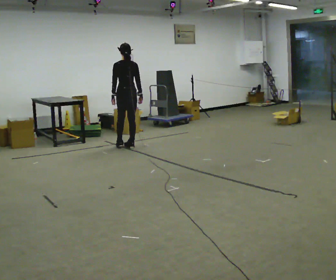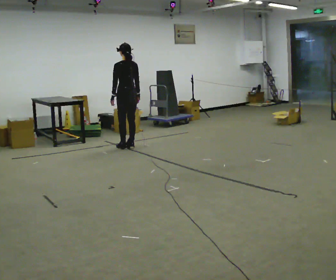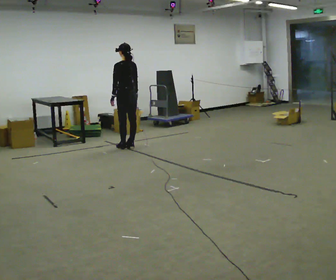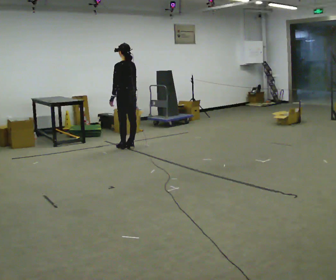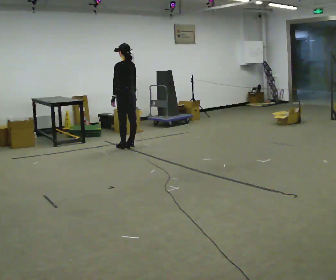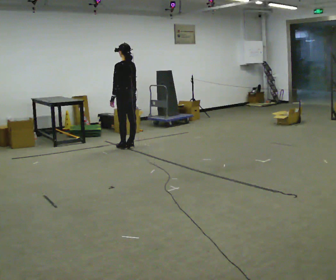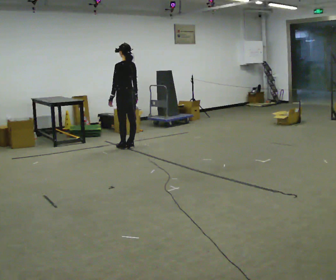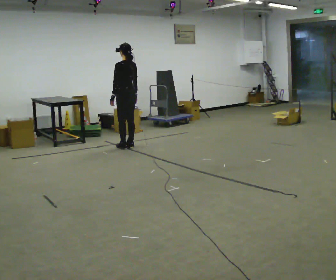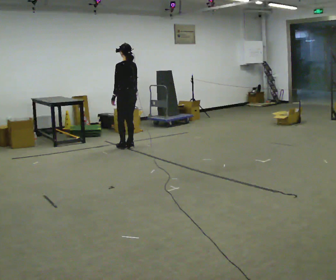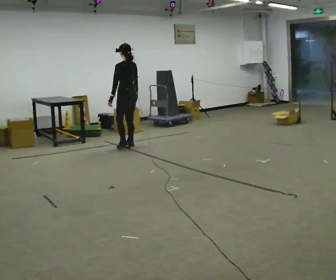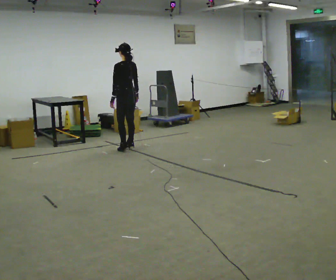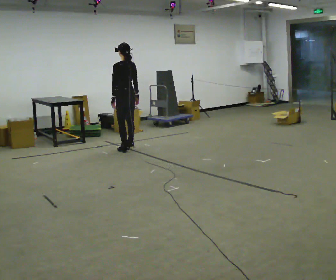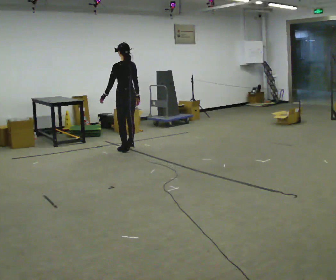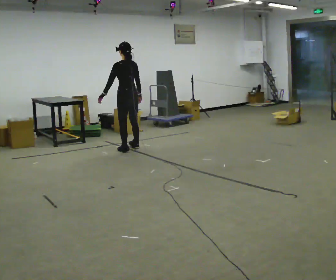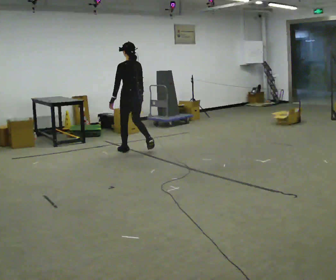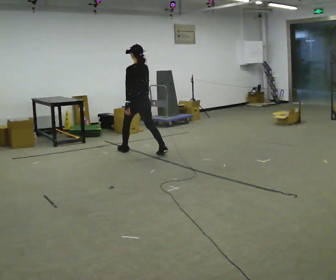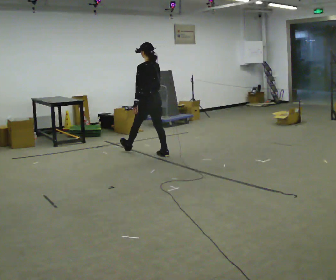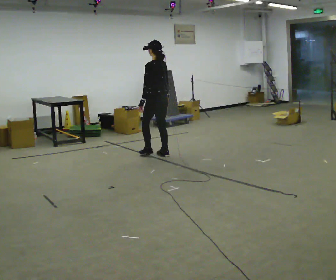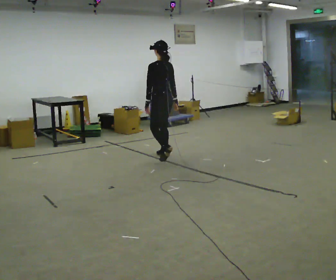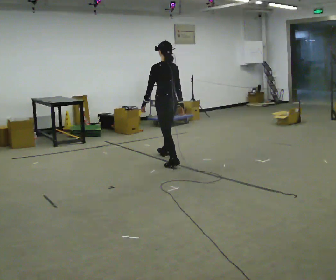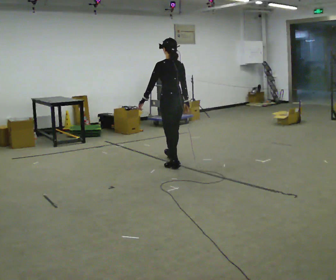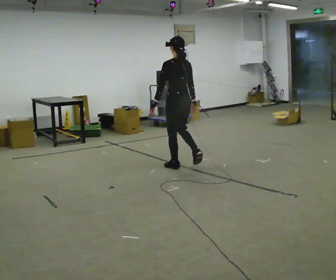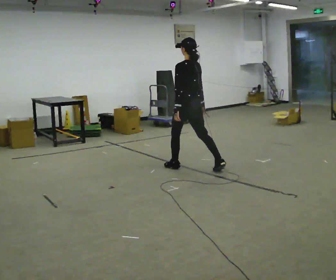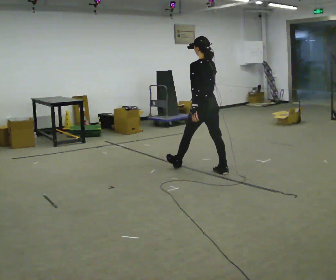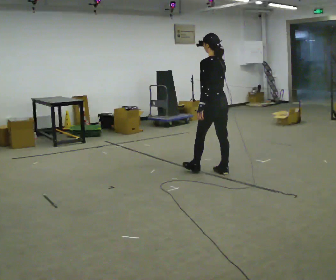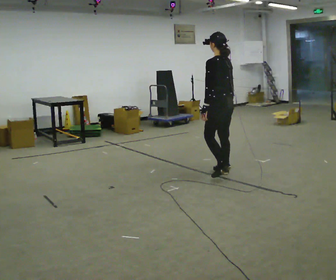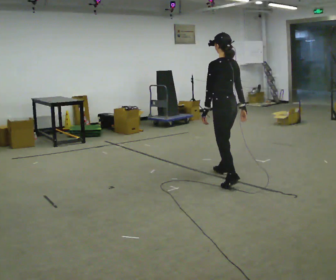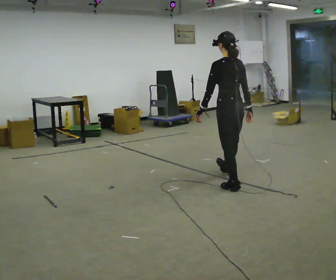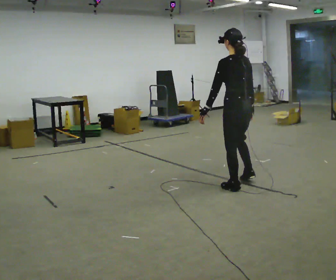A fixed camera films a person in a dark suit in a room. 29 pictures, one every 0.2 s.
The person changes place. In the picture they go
toward the camera.
0.0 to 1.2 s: Seen from above the body turns counterclockwise, about 30 degrees: to their left, with its near side sliding to the right.
1.2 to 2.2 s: The person moves a little, or ends about where they began.
2.2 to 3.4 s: In the picture they go toward the camera and to the right, about 0.5 m in 2 steps, which for them is backward.
3.4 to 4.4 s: In the picture they go toward the camera and to the right, about 1 m in 1 step, which for them is backward.
4.4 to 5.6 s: In the picture they go toward the camera and to the right, about 1 m in 2 steps, which for them is backward.
The film runs backward here.
